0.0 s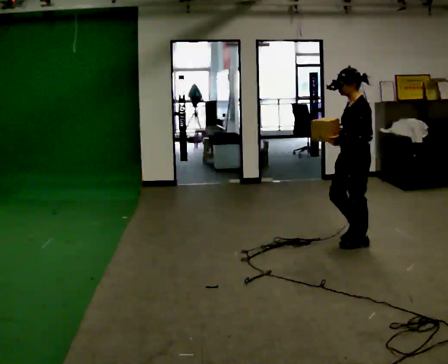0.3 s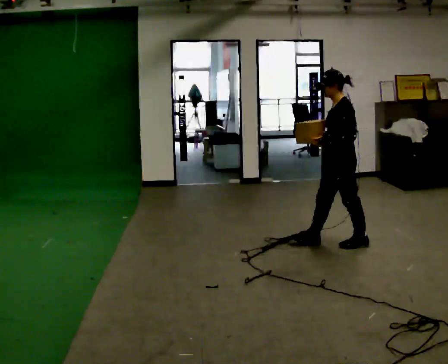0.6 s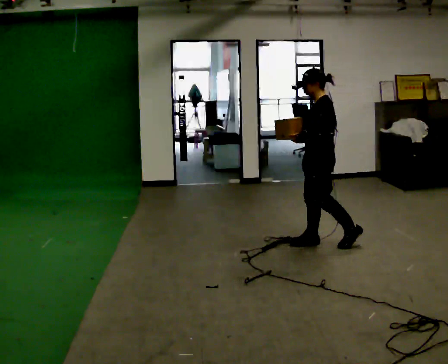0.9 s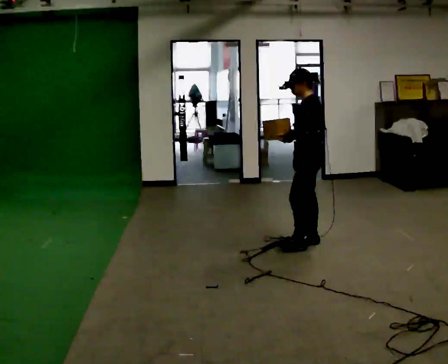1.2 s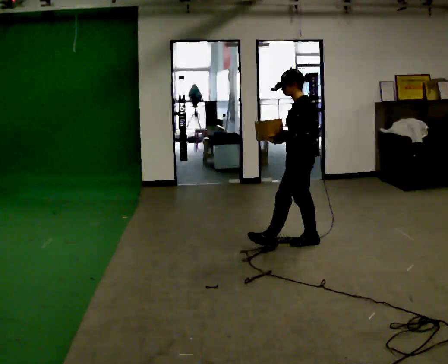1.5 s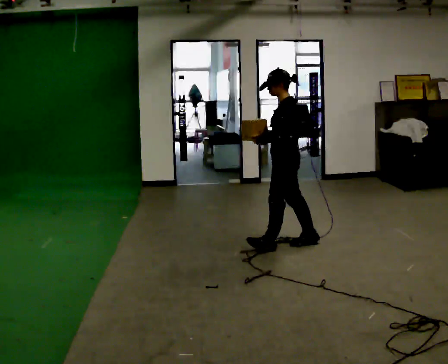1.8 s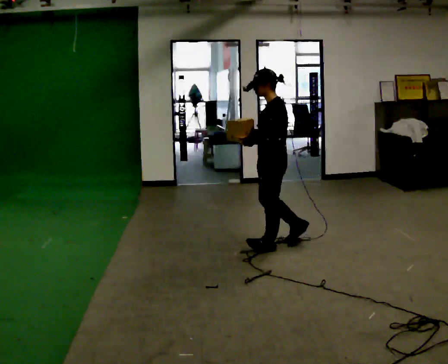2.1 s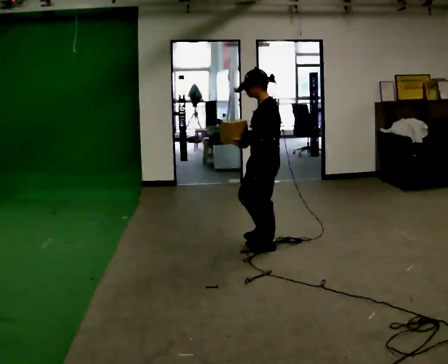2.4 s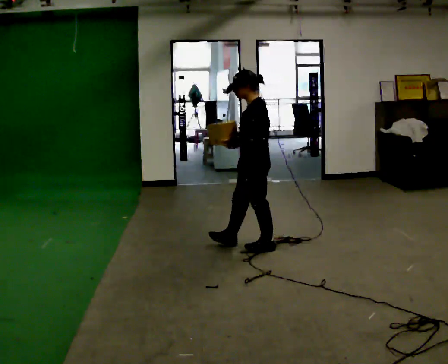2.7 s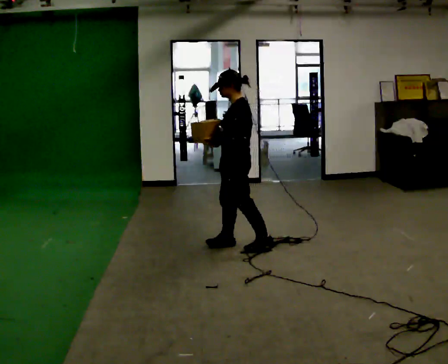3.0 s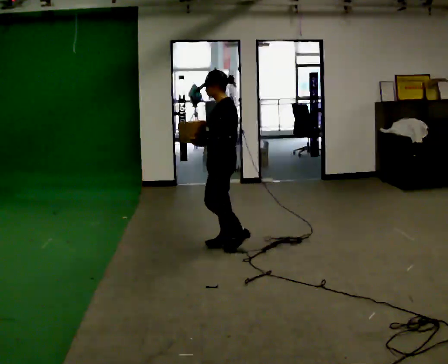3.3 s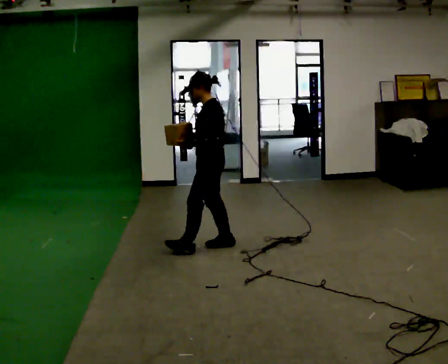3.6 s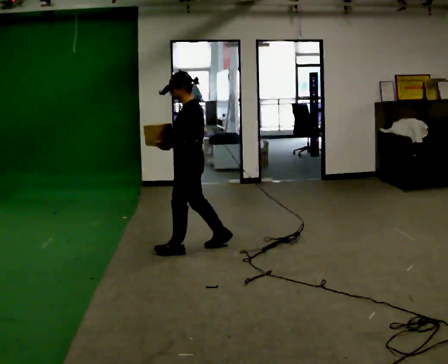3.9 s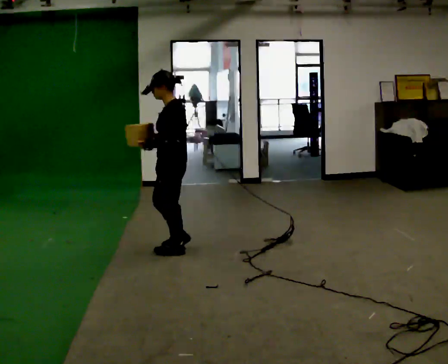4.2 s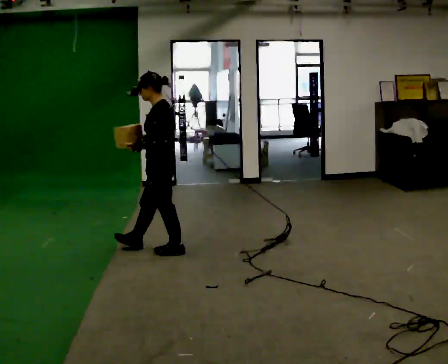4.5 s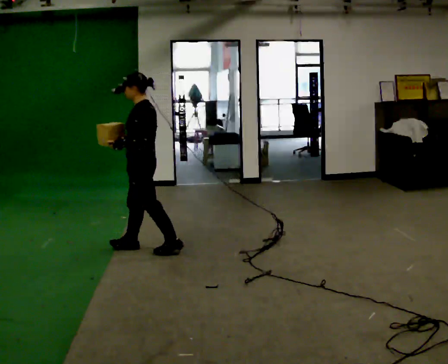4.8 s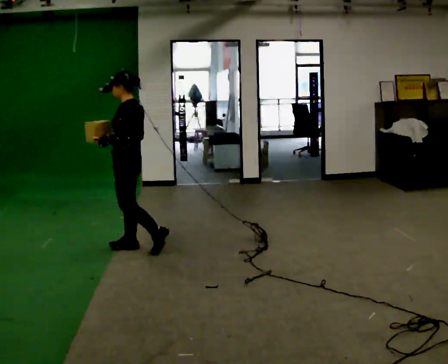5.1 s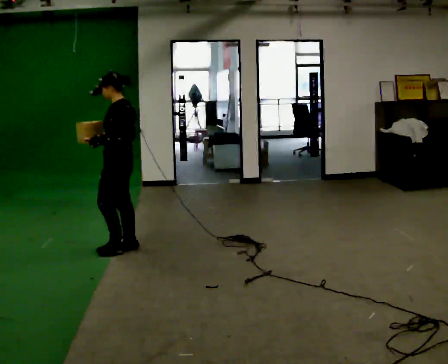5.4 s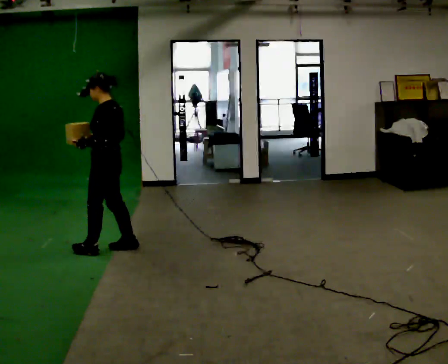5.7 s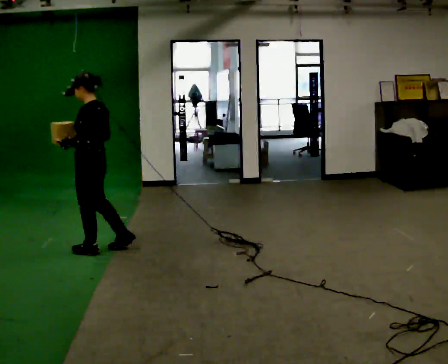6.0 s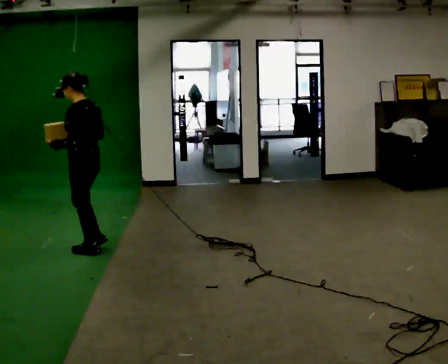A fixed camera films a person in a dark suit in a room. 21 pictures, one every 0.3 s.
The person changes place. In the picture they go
to the left.
0.0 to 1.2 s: In the picture they go to the left, about 0.5 m in 2 steps, which for them is forward.
1.2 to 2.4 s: In the picture they go to the left, about 0.5 m in 1 step, which for them is forward.
2.4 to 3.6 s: In the picture they go to the left, about 0.5 m in 1 step, which for them is forward.
3.6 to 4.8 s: In the picture they go to the left, about 0.5 m in 1 step, which for them is forward.
4.8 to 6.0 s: In the picture they go to the left, about 0.25 m in 1 step, which for them is forward and to their left.
The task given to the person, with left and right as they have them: Carry the light box in both hands in front of you, walking back and forth across the room. Keep walking until the operator says stop.
The film runs forward here.
